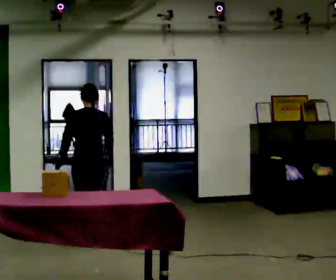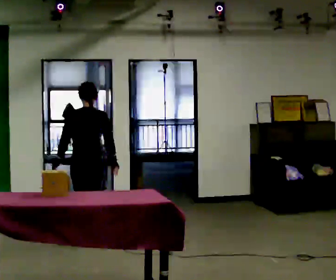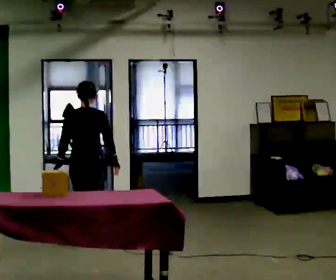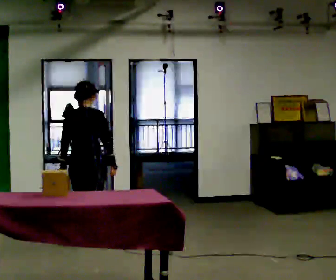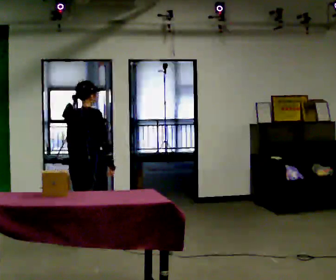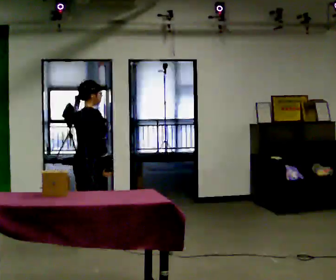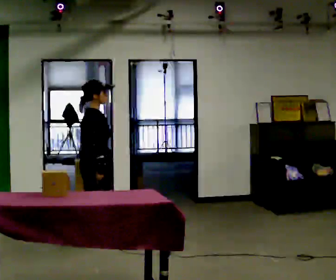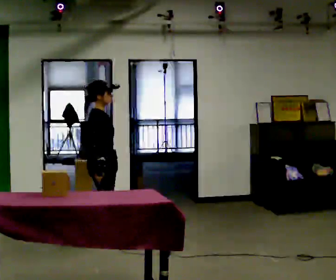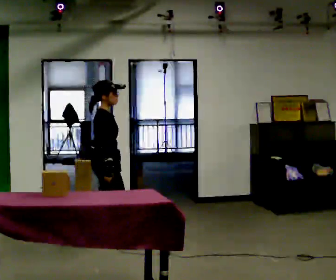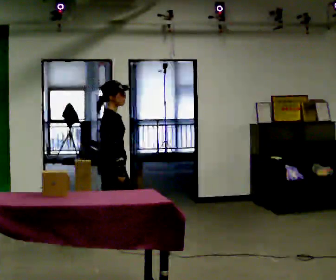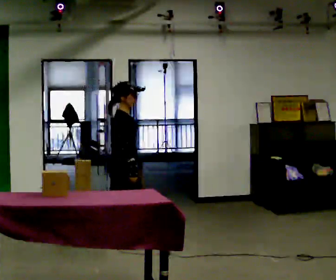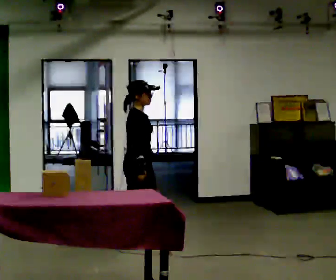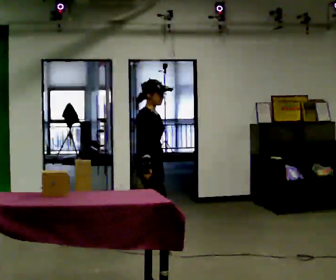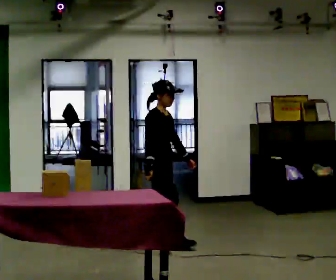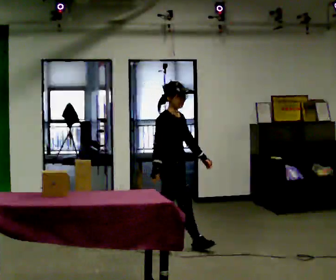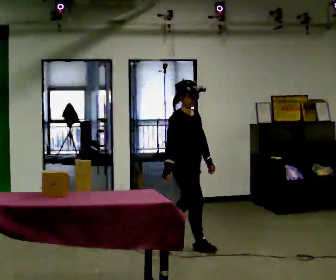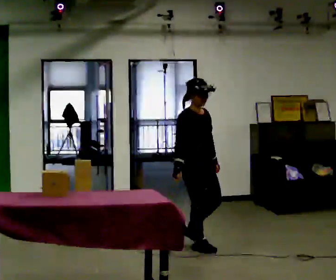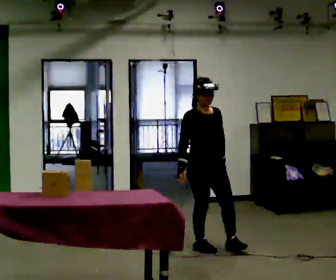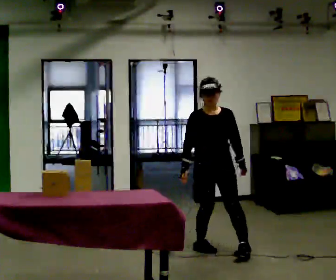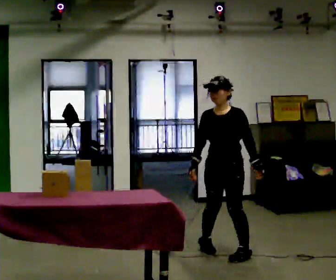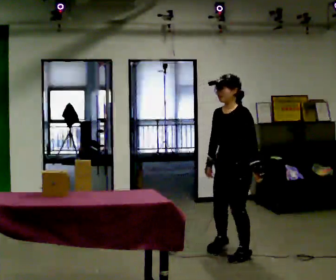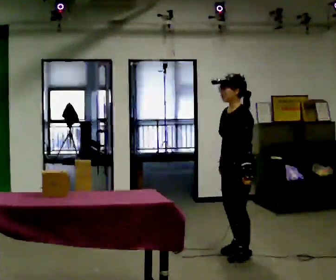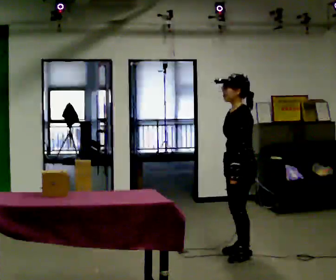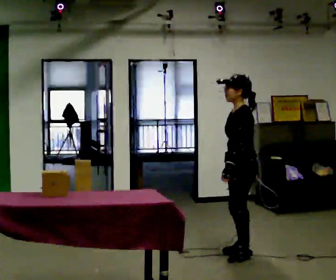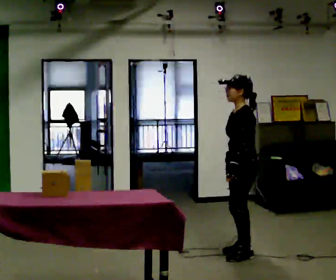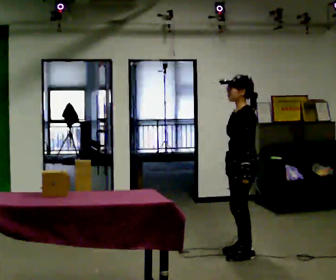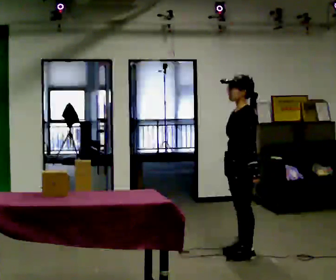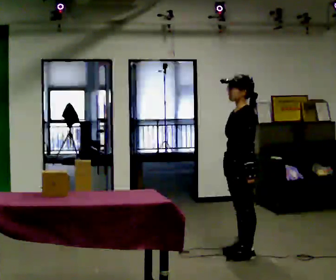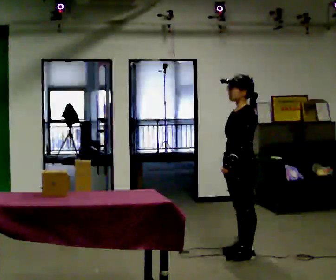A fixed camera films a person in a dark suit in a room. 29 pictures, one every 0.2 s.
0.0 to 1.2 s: Seen from above the body turns clockwise, about 75 degrees: to their right, with its near side sliding to the left. In the picture their left hand goes to the right.
1.2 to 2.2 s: The person turns about 45 degrees to their right, clockwise seen from above, so the part of the body nearest the lens slides to the left. In the picture they go to the right, about 0.5 m in 1 step, which for them is forward.
2.2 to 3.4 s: Seen from above the body turns clockwise, about 45 degrees: to their right, with its near side sliding to the left. In the picture they go to the right and toward the camera, about 0.75 m in 1 step, which for them is forward.
3.4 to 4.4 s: The part of the body nearest the lens slides to the left as the person turns to their right by about 120 degrees. In the picture they go to the right and toward the camera, about 0.25 m in 2 steps.
4.4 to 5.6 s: The person moves a little, or ends about where they began.
The film runs forward here.
